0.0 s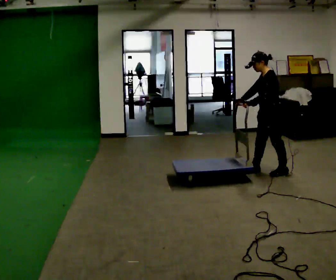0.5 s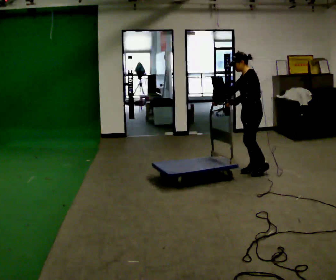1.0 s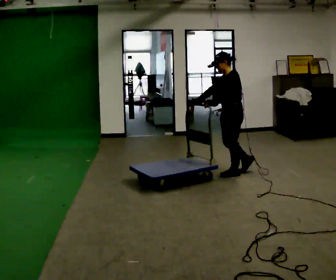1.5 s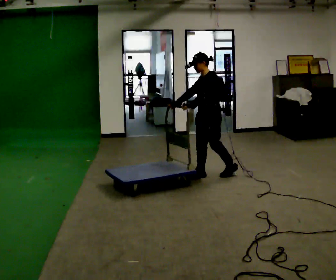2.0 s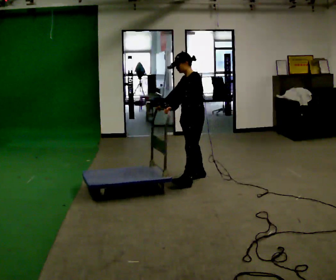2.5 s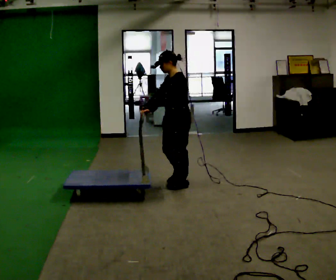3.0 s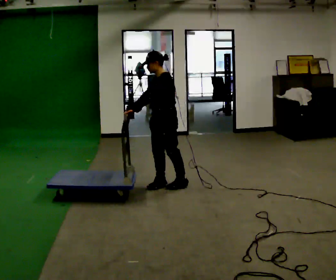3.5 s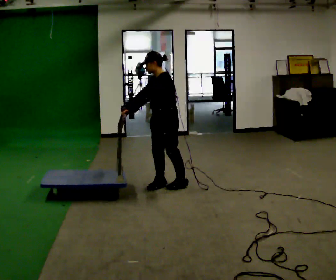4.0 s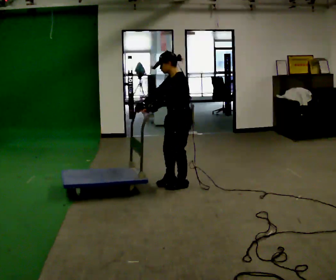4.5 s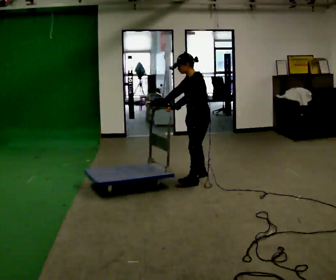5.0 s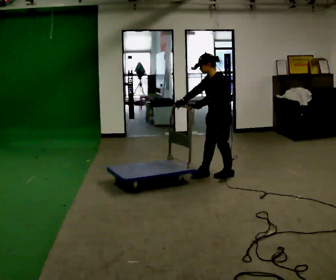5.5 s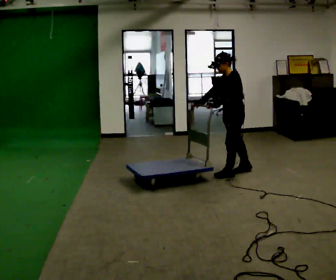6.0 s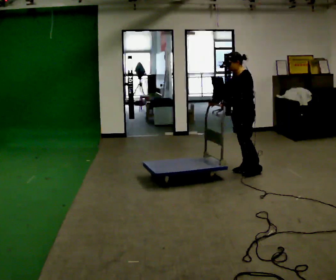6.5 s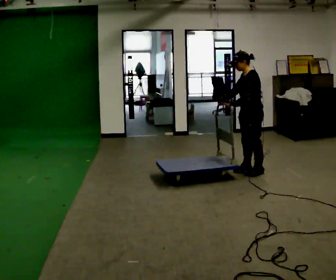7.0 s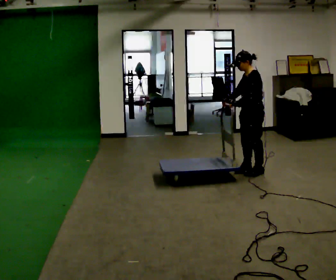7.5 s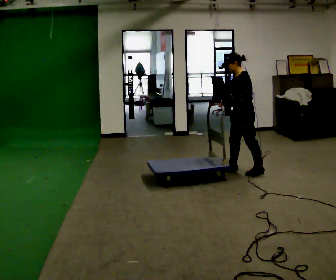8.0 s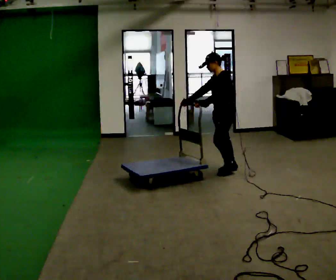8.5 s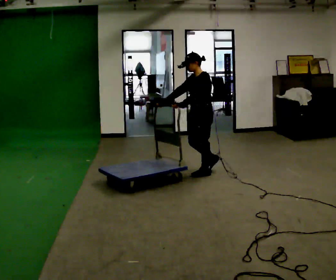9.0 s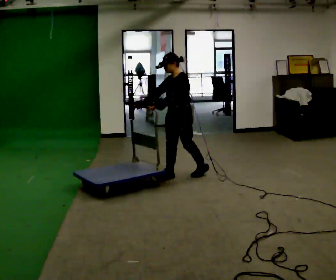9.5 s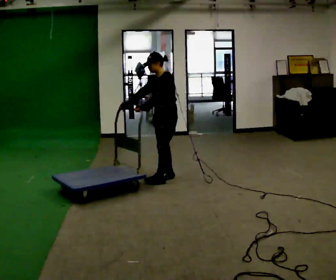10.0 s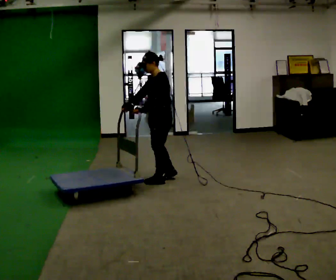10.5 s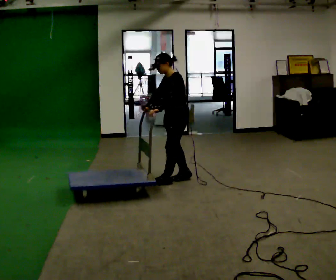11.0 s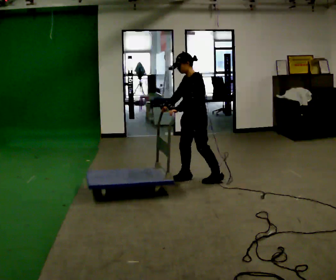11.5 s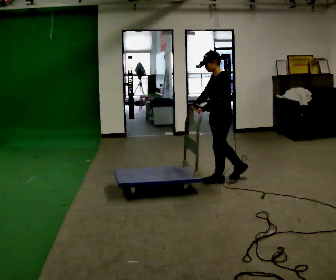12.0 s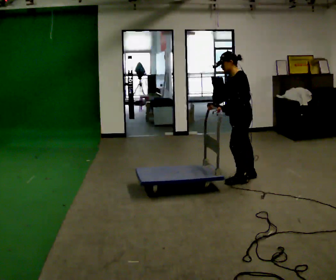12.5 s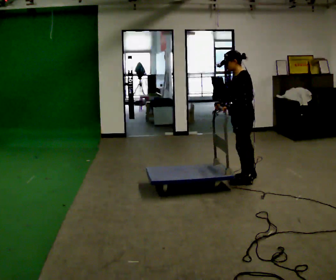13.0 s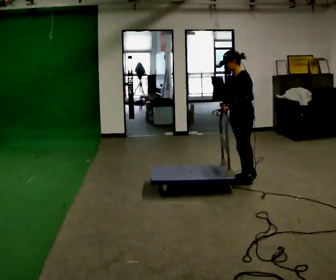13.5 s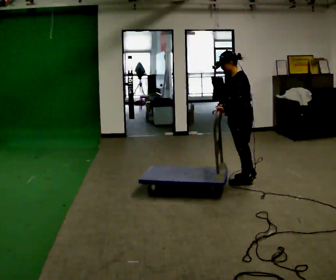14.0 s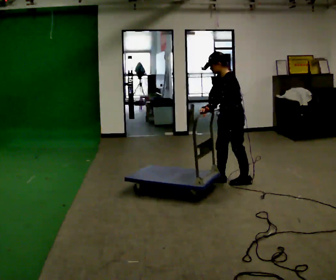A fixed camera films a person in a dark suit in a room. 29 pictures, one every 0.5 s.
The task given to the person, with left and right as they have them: Get the cart into the marked parking space and lined up with the tape. Take as many adjustments as you need. Then take it out again and repeat.
0.0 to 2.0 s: In the picture they go to the left, about 1 m in 2 steps, which for them is forward.
2.0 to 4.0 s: In the picture they go toward the camera, about 0.25 m in 2 steps, which for them is forward.
4.0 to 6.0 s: In the picture they go to the right and away from the camera, about 1 m in 3 steps, which for them is backward.
6.0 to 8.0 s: In the picture they go to the left, about 0.25 m in 2 steps, which for them is forward. In the picture their right hand goes to the left.
8.0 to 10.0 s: In the picture they go to the left and toward the camera, about 1 m in 3 steps, which for them is forward.
10.0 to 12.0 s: In the picture they go to the right, about 1 m in 3 steps, which for them is backward and to their left.
12.0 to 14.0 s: The person moves a little, or ends about where they began.
The film runs forward here.
